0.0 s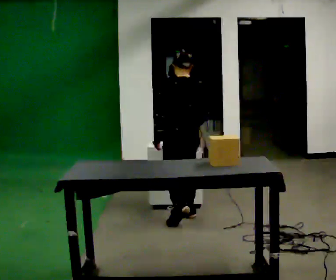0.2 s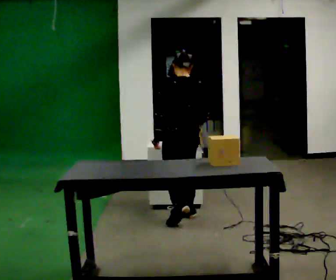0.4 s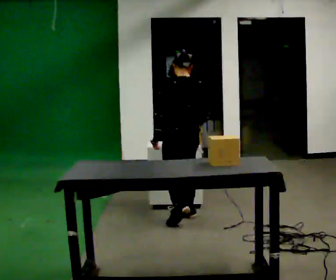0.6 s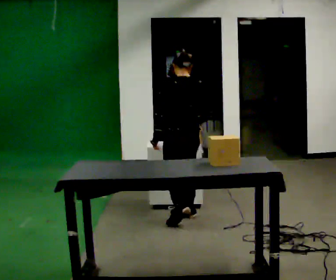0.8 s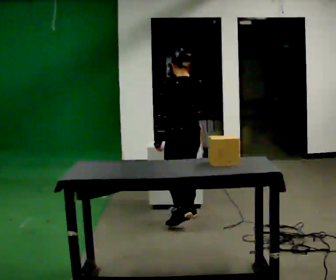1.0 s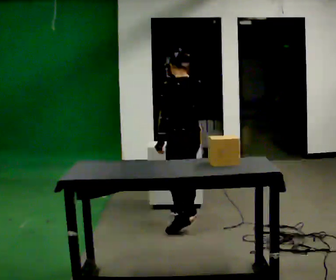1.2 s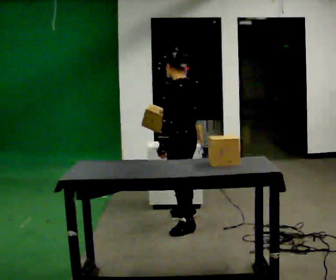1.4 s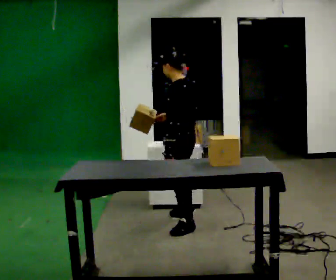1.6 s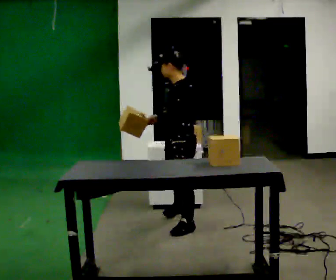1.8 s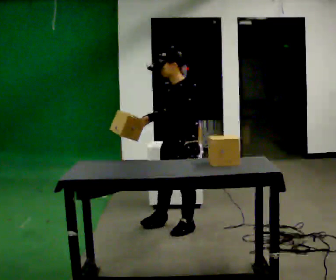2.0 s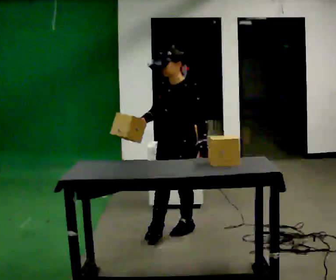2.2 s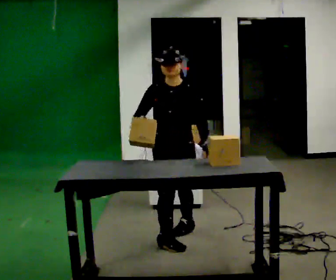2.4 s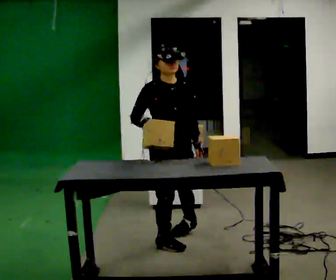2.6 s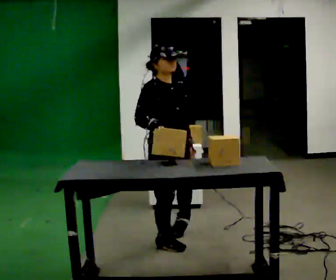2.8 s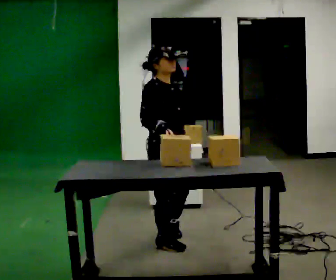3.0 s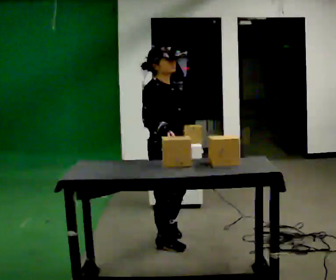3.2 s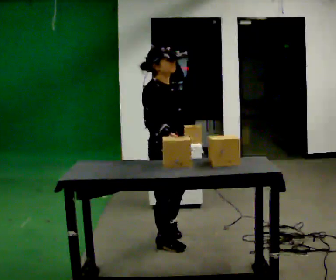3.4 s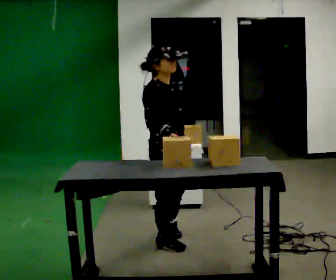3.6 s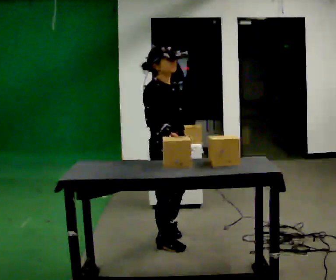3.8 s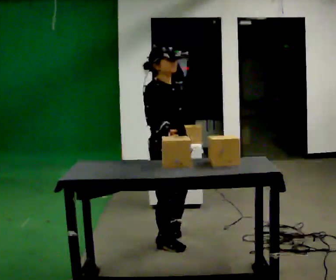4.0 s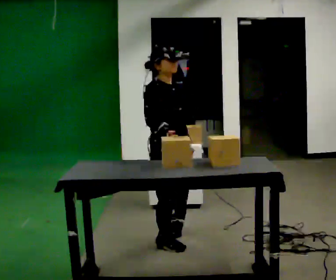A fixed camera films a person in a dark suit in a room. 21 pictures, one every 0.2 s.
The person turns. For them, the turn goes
to their left.
The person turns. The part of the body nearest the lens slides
to the right.
0.0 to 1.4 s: The person turns about 45 degrees to their left, counterclockwise seen from above, so the part of the body nearest the lens slides to the right. In the picture they go toward the camera, about 0.25 m, which for them is backward and to their left.
1.4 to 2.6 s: Seen from above the body turns counterclockwise, about 150 degrees: to their left, with its near side sliding to the right. In the picture they go toward the camera, about 0.5 m in 2 steps.
2.6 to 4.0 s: The person moves a little, or ends about where they began.
The film runs backward here.
